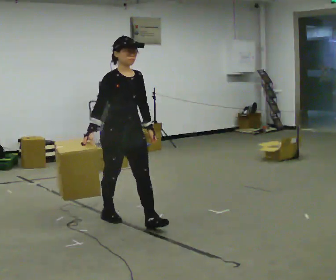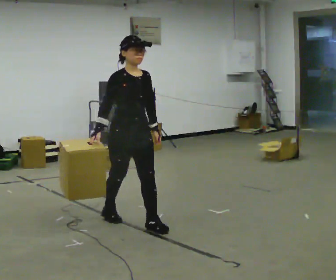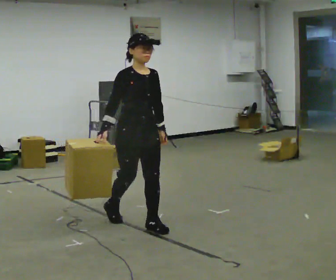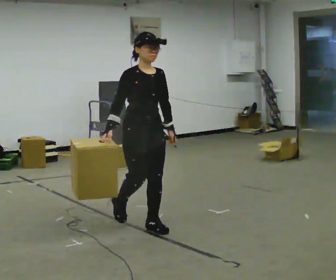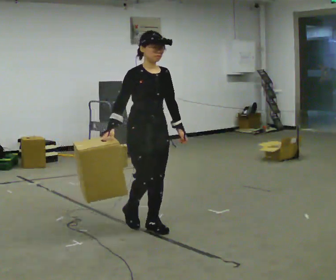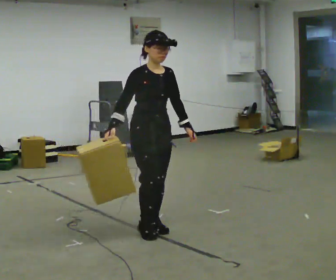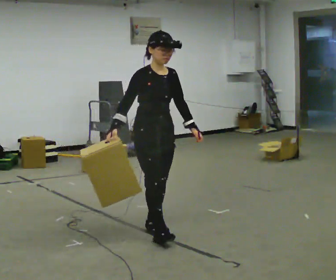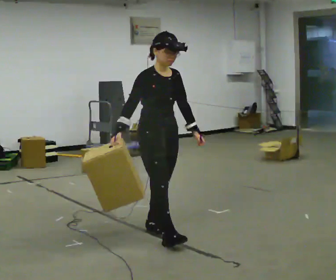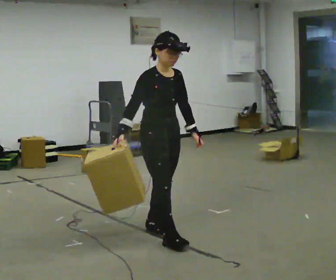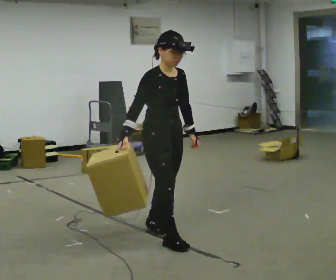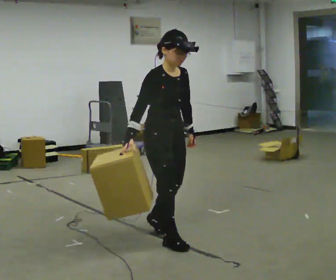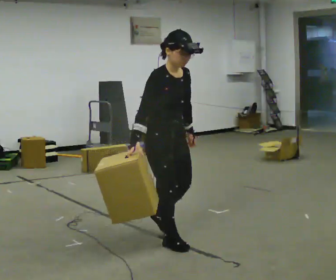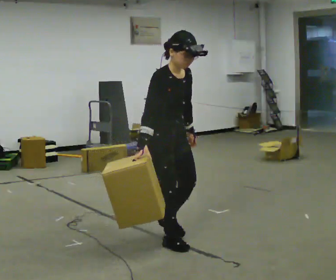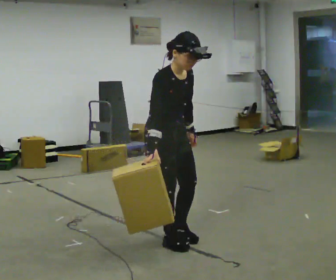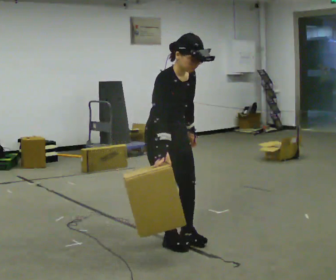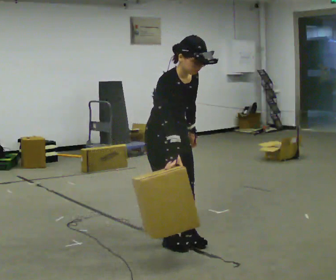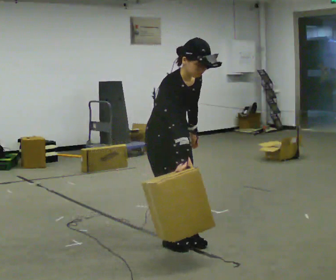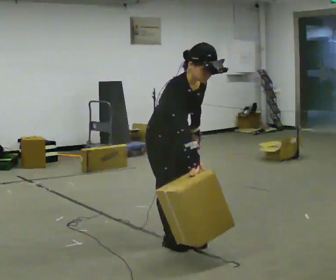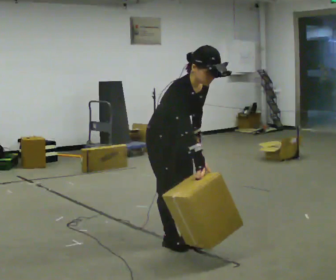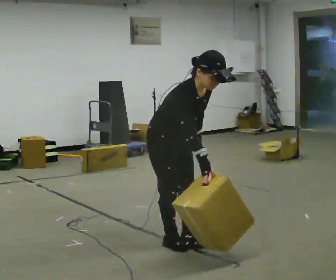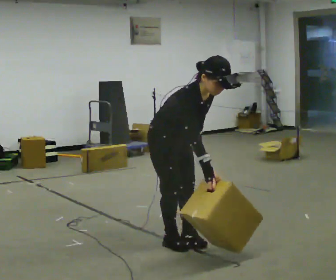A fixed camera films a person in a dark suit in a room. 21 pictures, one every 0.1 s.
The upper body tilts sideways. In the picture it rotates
clockwise.
0.0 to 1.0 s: In the picture they go to the right and toward the camera, about 0.5 m in 1 step, which for them is forward.
1.0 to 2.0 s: In the picture the upper body tilts clockwise, shoulders to the right, as they bend forward. In the picture their right hand goes to the right.
The film runs forward here.
